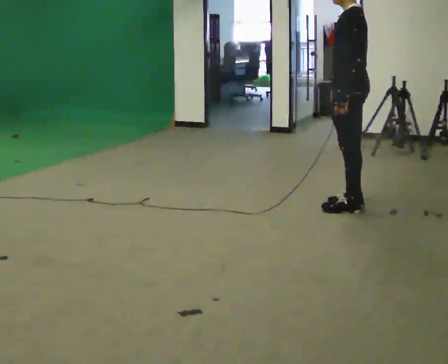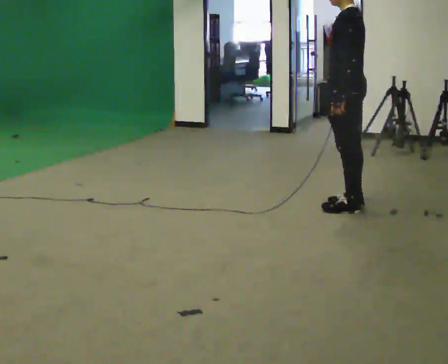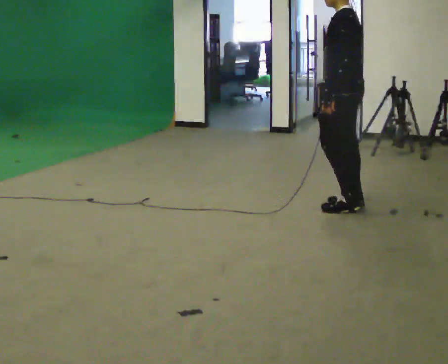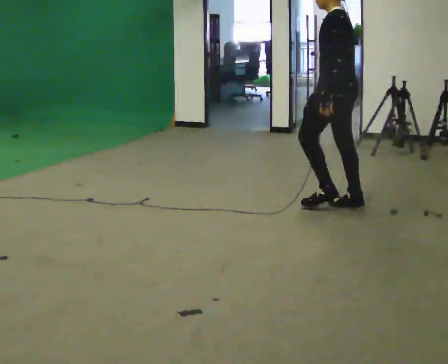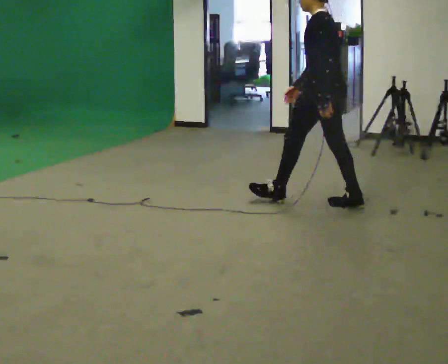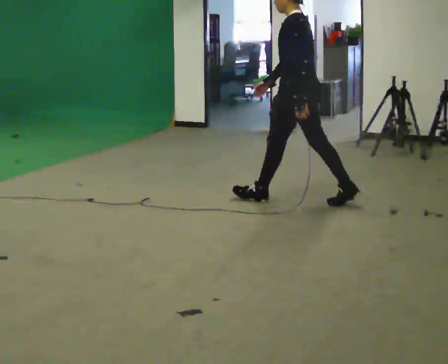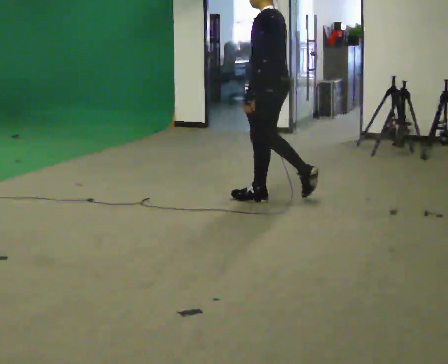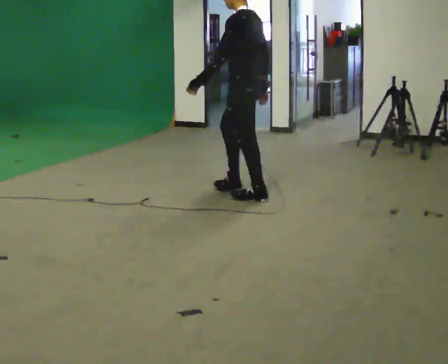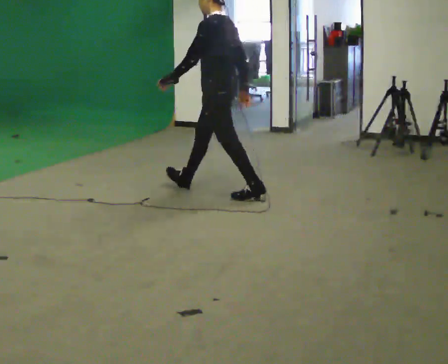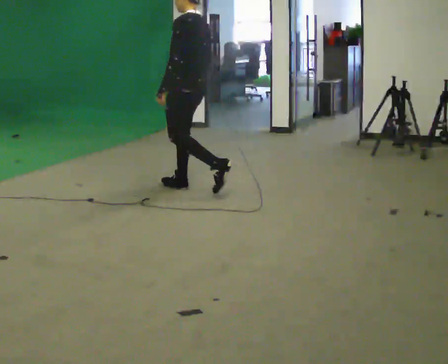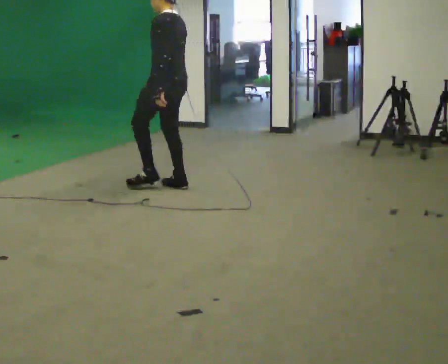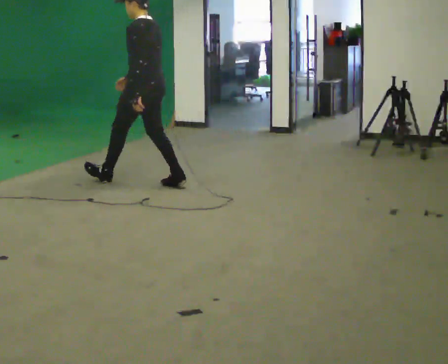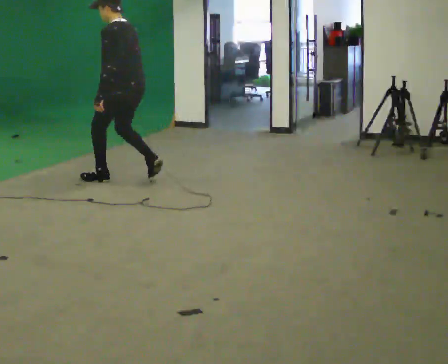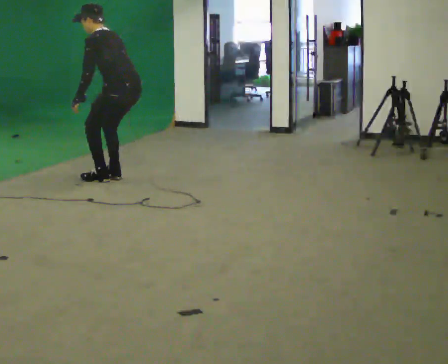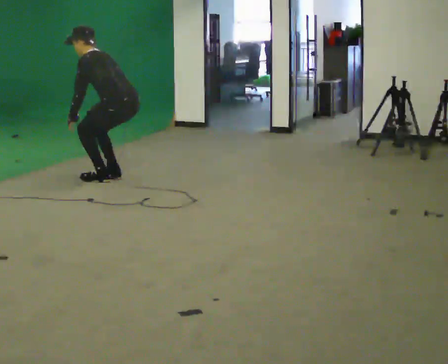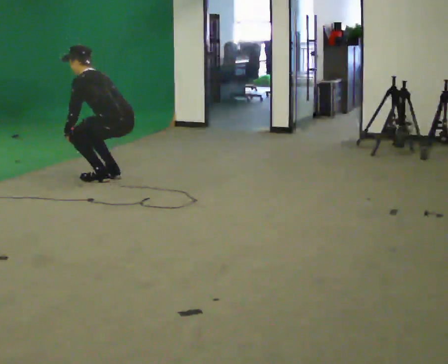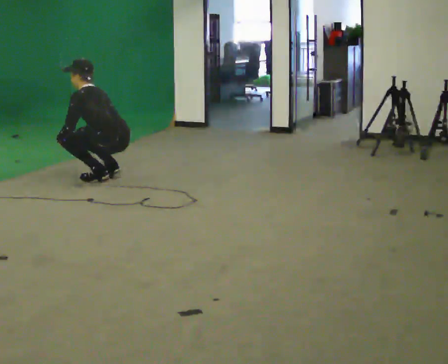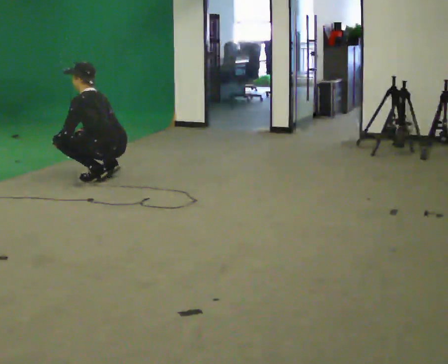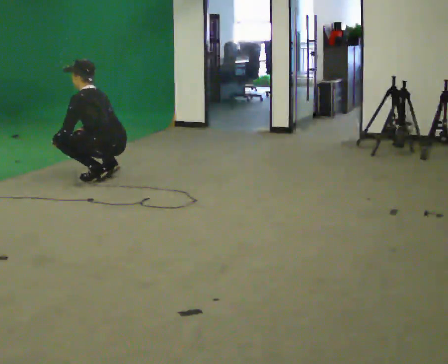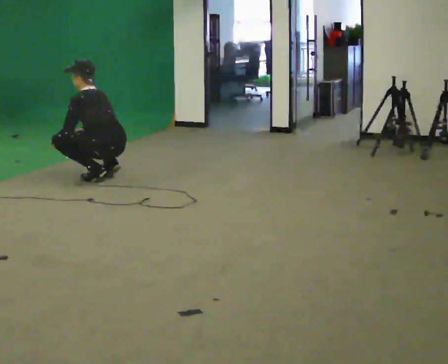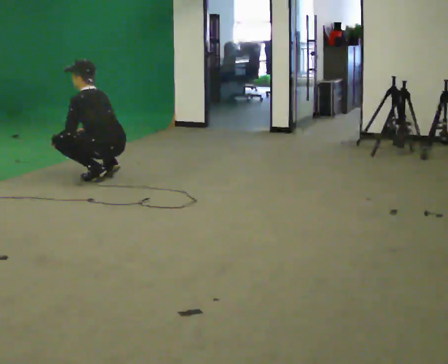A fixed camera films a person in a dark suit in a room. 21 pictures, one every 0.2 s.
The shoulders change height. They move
downward.
The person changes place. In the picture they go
to the left.
0.0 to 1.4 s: In the picture they go to the left and away from the camera, about 1 m in 1 step, which for them is forward.
1.4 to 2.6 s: In the picture they go to the left and away from the camera, about 1 m in 2 steps, which for them is forward. The shoulders move downward.
2.6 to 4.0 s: The shoulders move downward. In the picture their right hand goes downward.
The film runs forward here.
